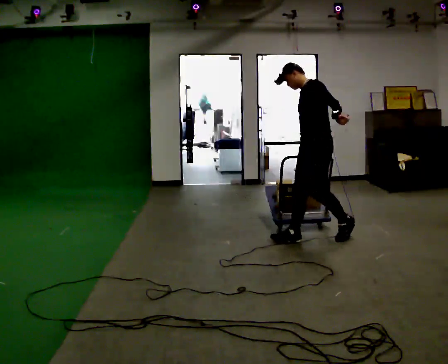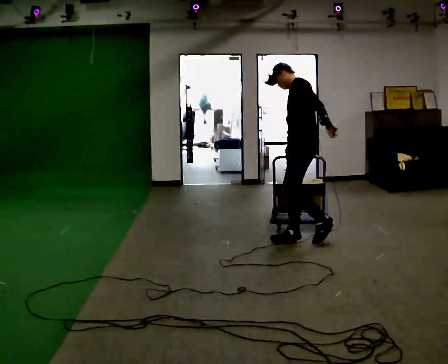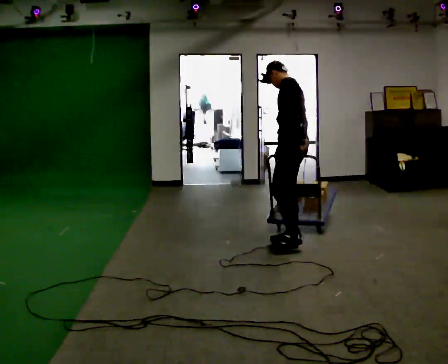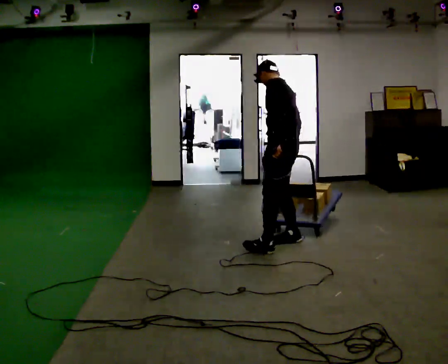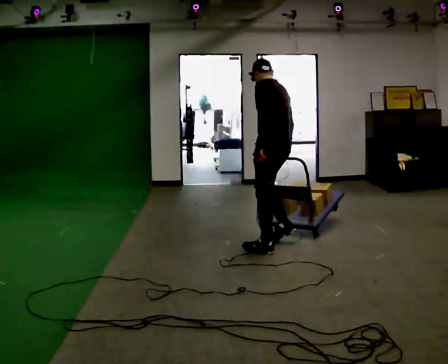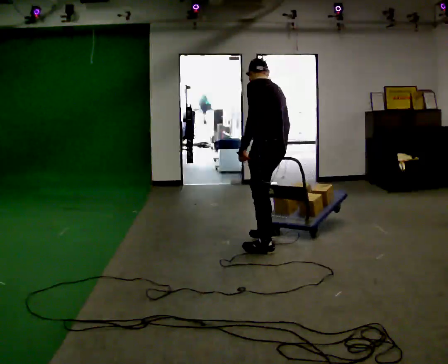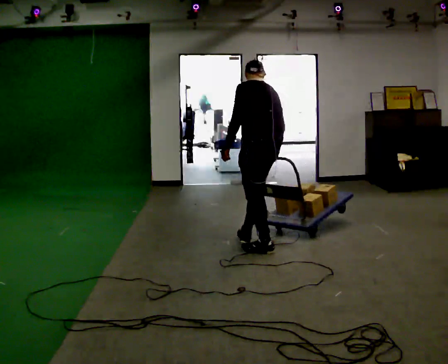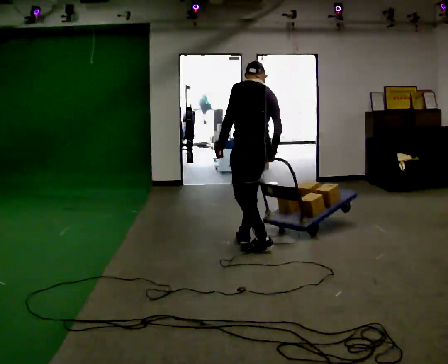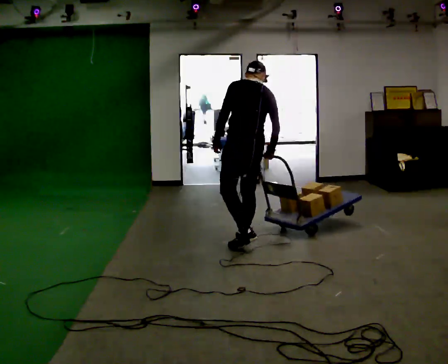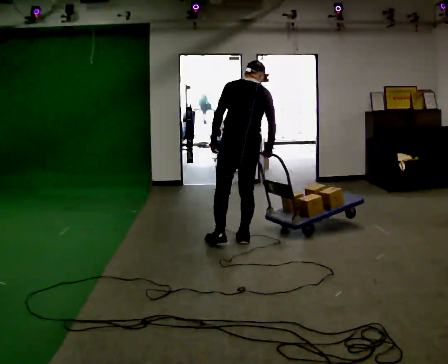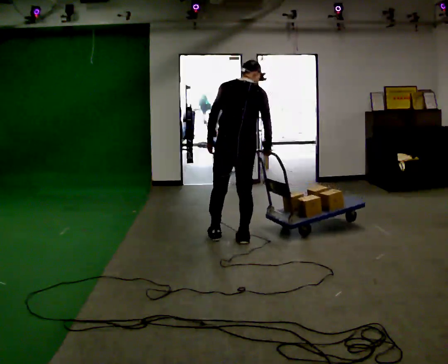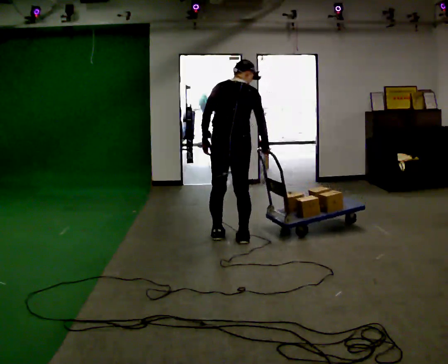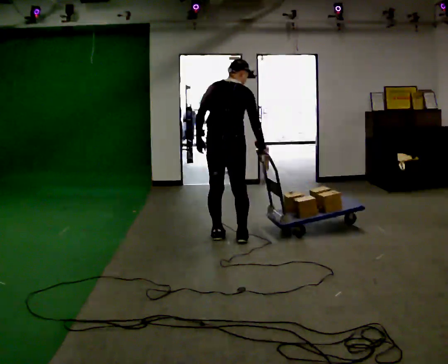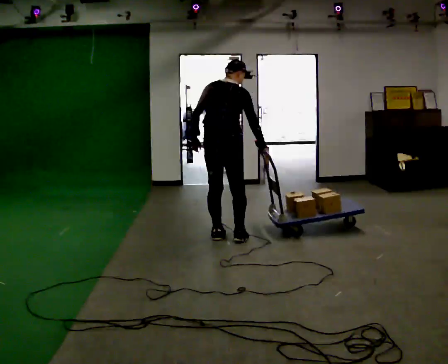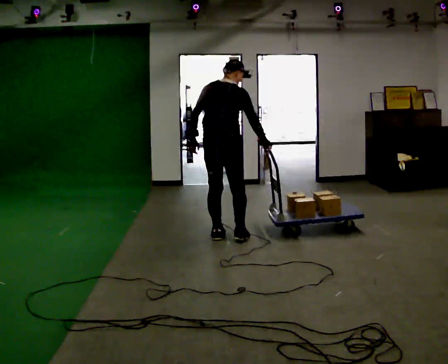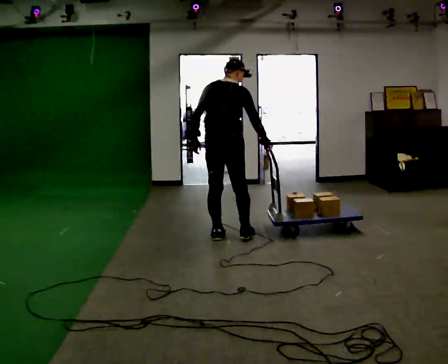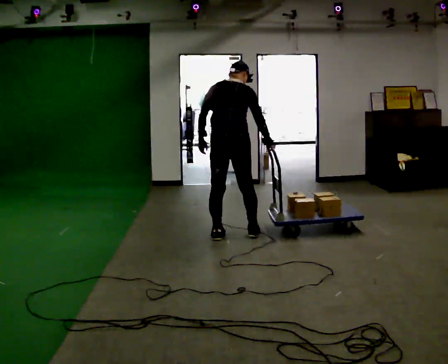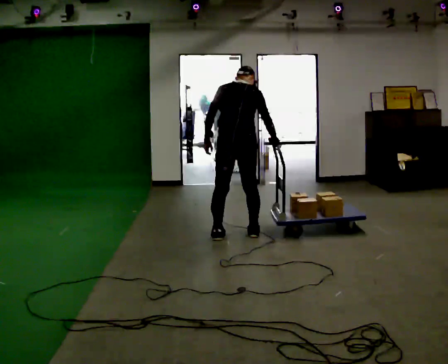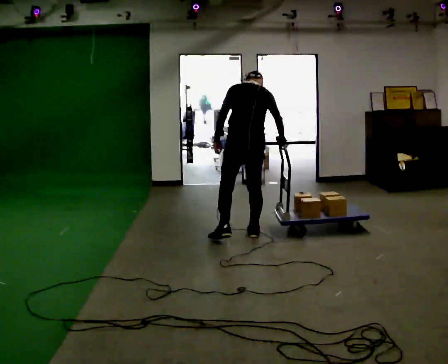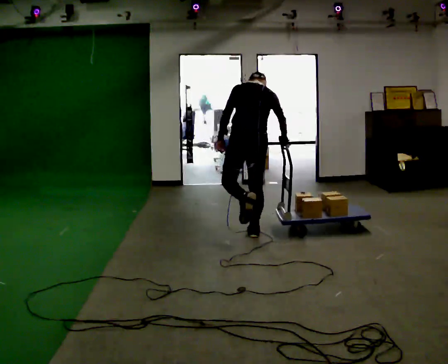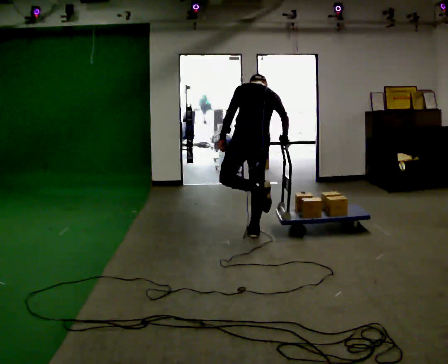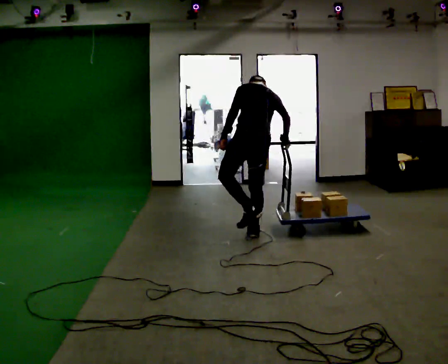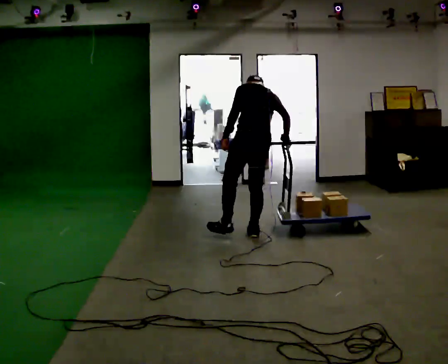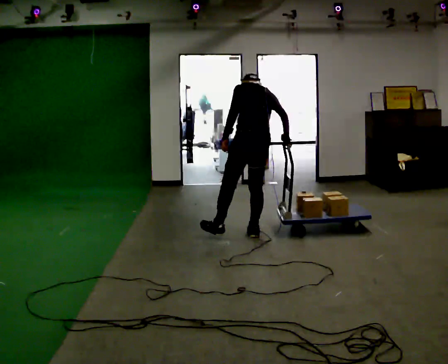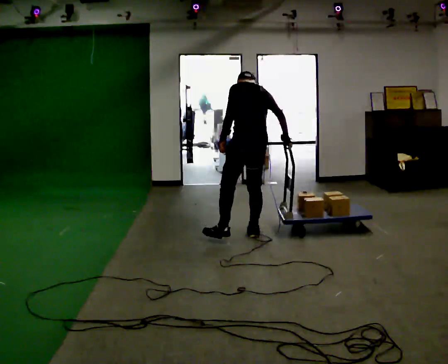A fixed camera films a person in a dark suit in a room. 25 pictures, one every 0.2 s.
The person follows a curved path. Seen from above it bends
clockwise.
0.0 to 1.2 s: The person turns about 60 degrees to their right, clockwise seen from above, so the part of the body nearest the lens slides to the left. In the picture they go to the left, about 0.5 m in 2 steps, which for them is forward and to their left.
1.2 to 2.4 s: The person turns about 60 degrees to their right, clockwise seen from above, so the part of the body nearest the lens slides to the left. In the picture they go to the left and away from the camera, about 0.5 m in 1 step, which for them is forward and to their left.
2.4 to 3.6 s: In the picture they go to the right, about 0.25 m in 1 step, which for them is to their right.
3.6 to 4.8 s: The part of the body nearest the lens slides to the right as the person turns to their left by about 30 degrees.
The film runs forward here.
